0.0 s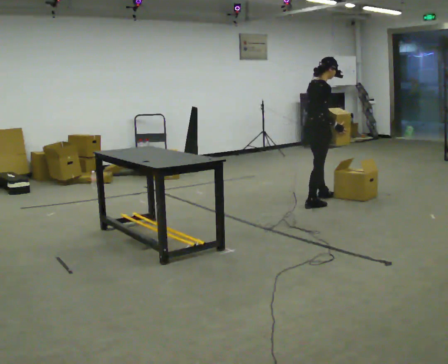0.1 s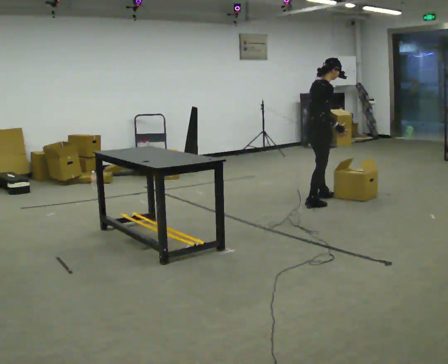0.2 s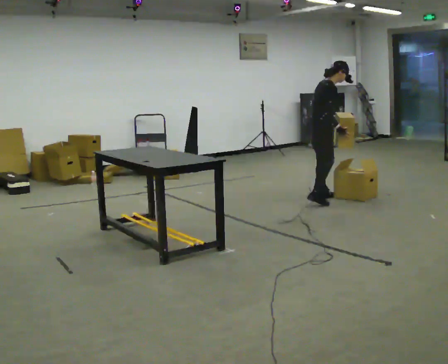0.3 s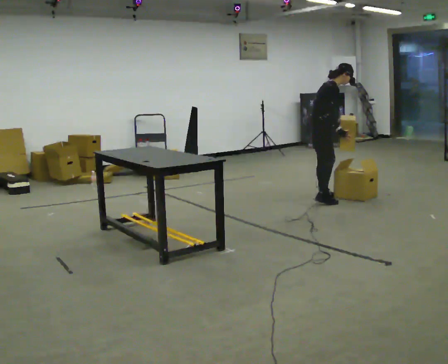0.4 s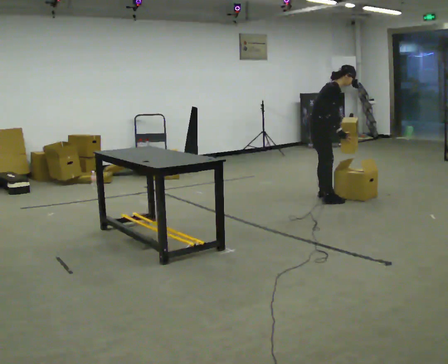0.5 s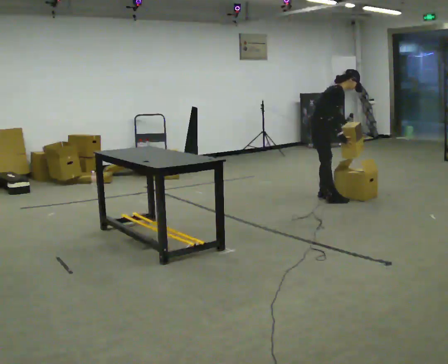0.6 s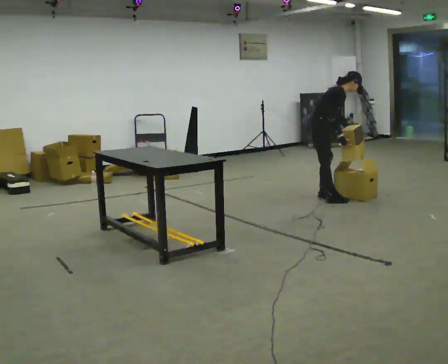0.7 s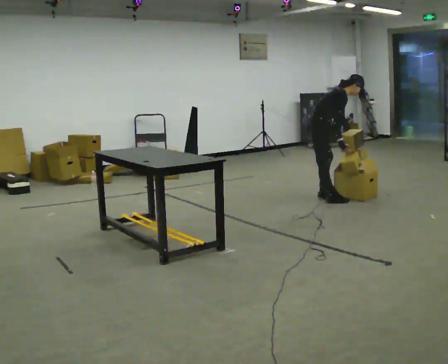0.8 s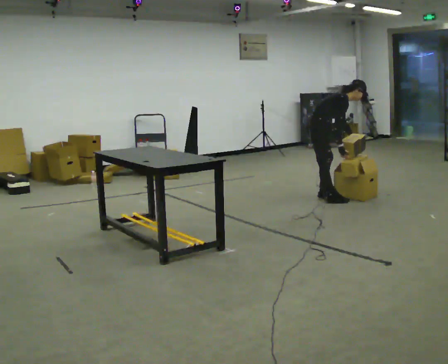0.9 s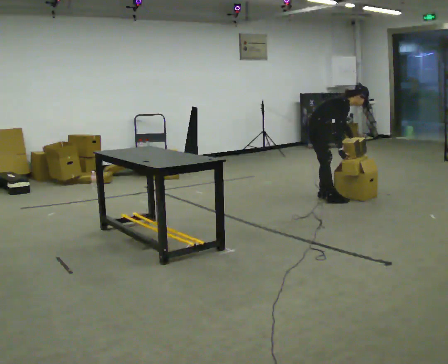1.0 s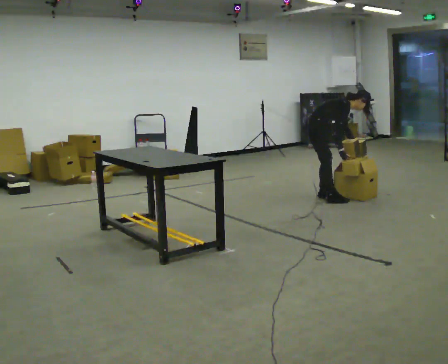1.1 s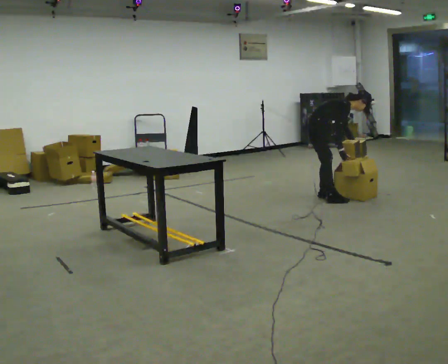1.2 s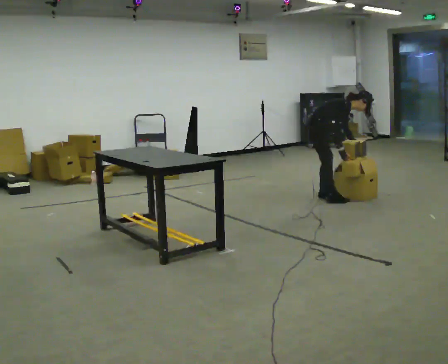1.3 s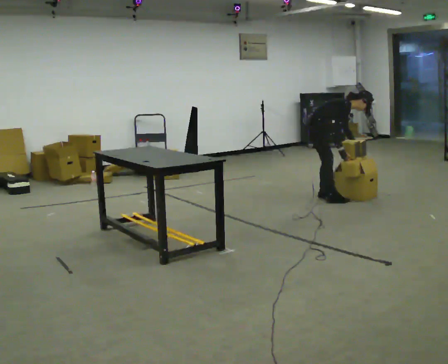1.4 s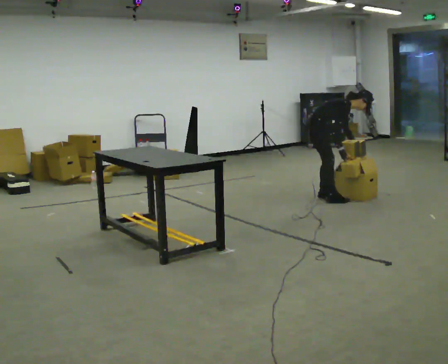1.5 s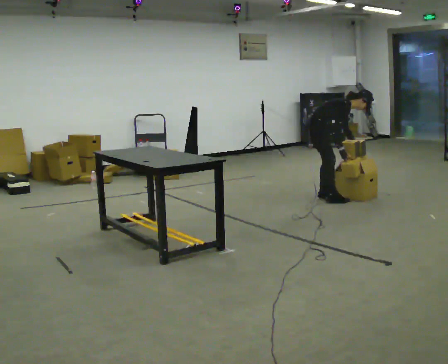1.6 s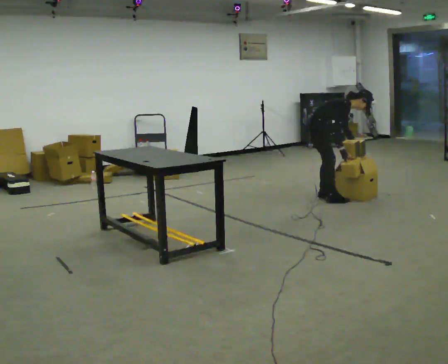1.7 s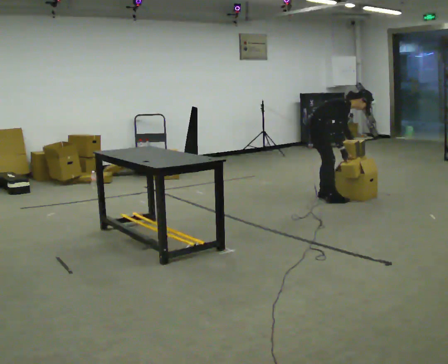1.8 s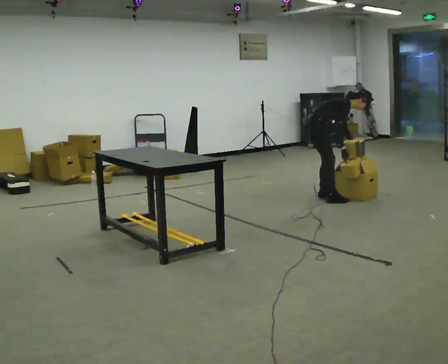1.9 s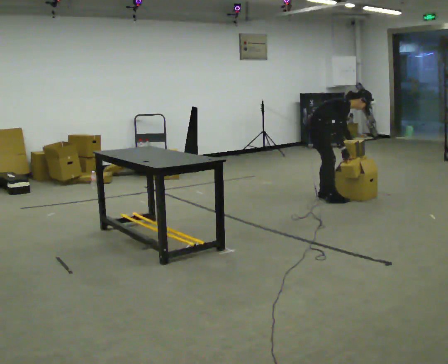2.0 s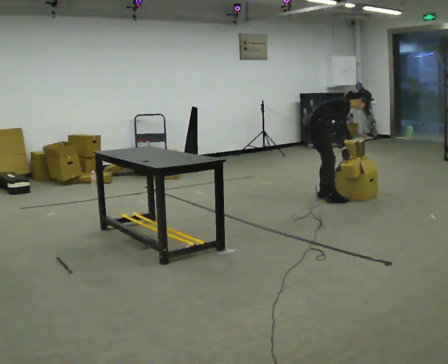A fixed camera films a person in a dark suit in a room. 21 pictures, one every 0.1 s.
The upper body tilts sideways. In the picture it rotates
clockwise.
0.0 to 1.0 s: The upper body goes downward. In the picture the upper body tilts clockwise, shoulders to the right, as they bend forward.
1.0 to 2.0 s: The person moves a little, or ends about where they began.
The film runs forward here.
